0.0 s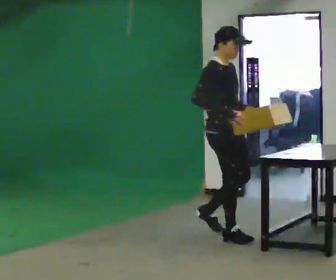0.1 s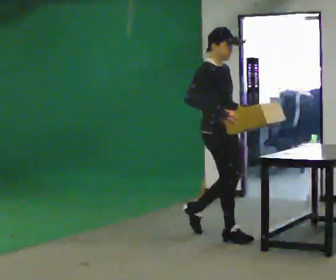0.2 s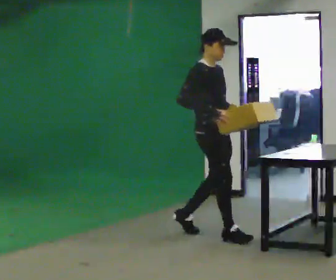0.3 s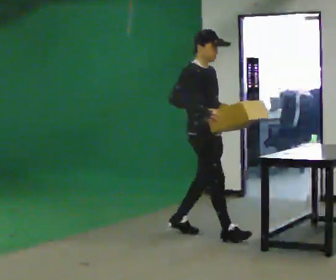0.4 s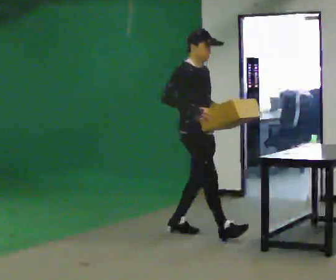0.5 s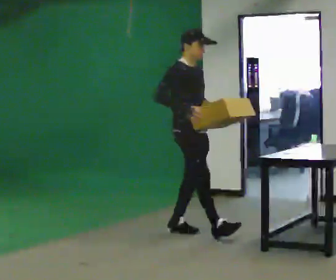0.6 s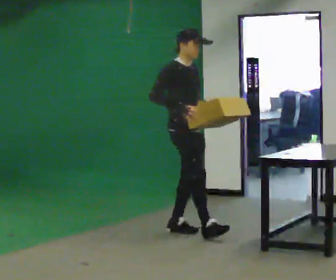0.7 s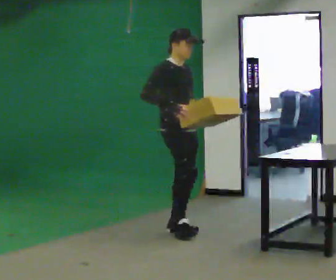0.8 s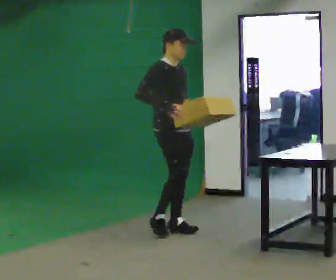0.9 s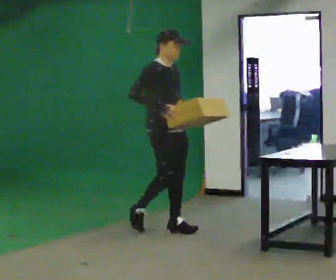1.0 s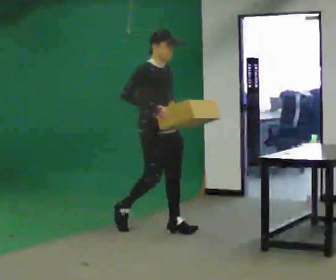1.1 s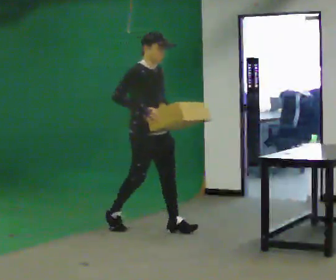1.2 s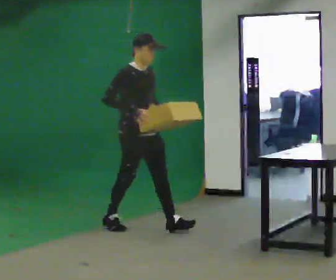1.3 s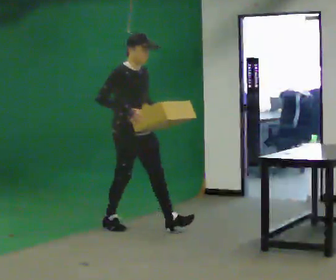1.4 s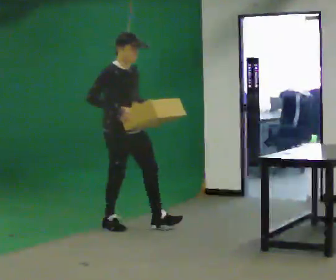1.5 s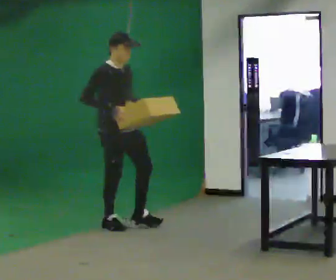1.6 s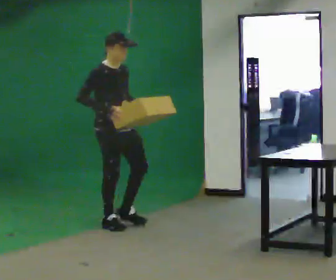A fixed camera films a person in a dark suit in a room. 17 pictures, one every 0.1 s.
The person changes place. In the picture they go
to the left.
0.0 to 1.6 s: In the picture they go to the left and away from the camera, about 1 m in 2 steps, which for them is backward.
The film runs backward here.
